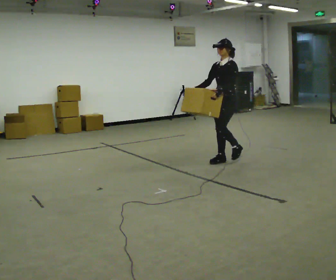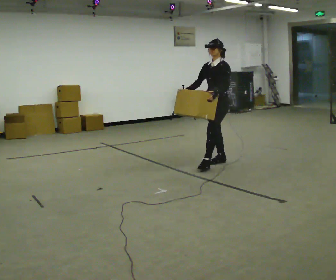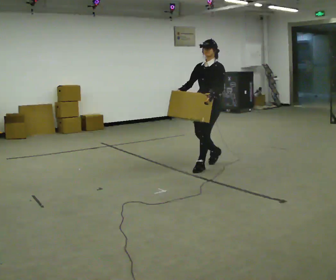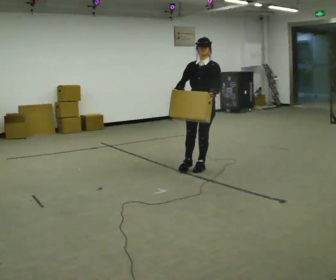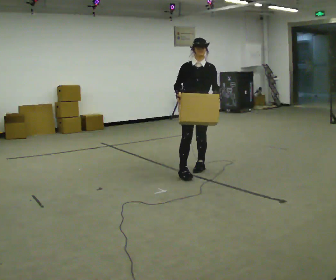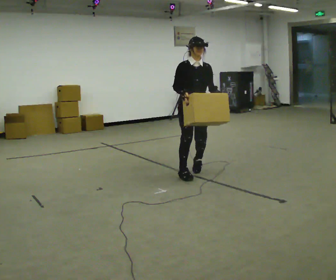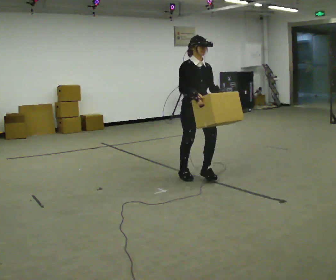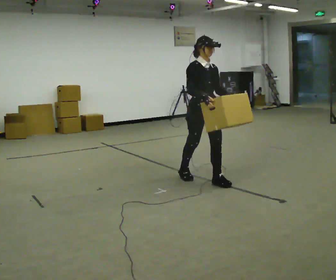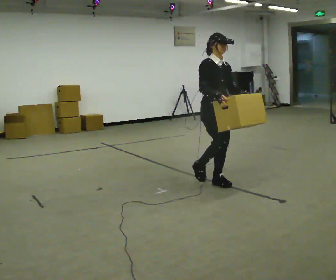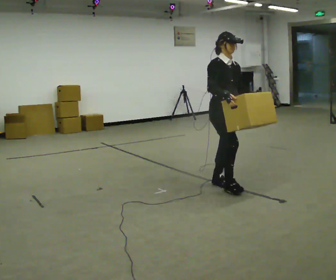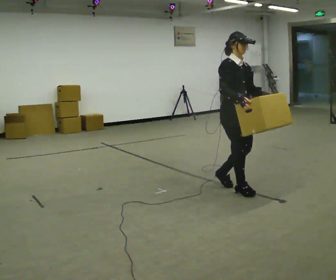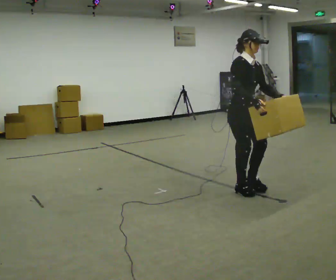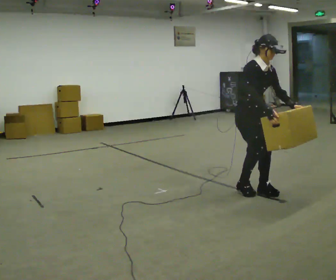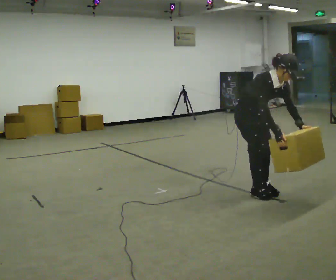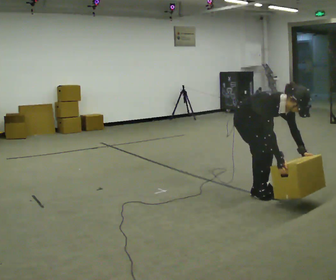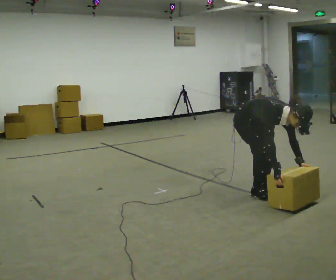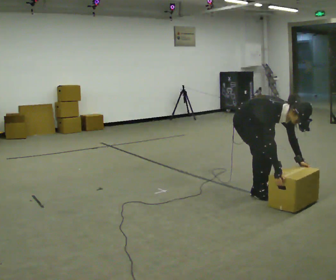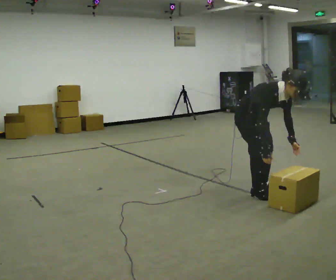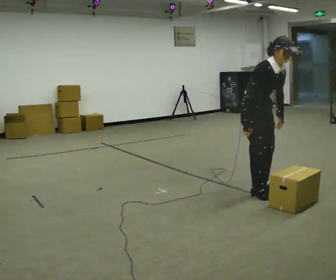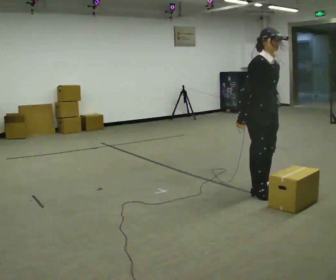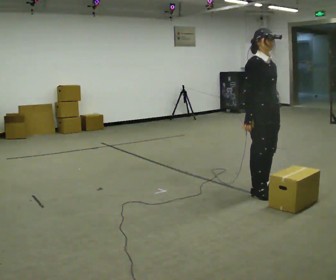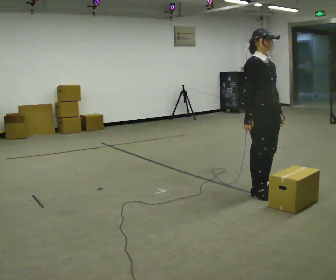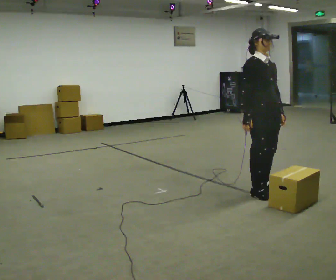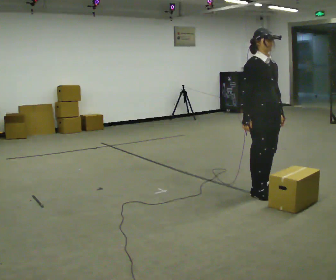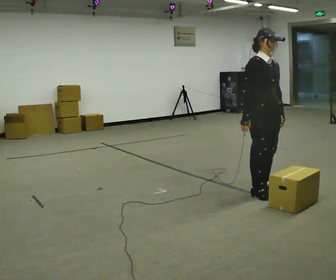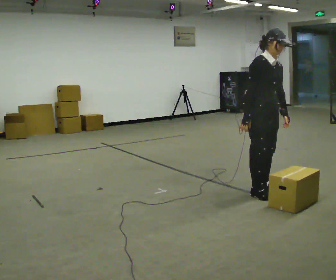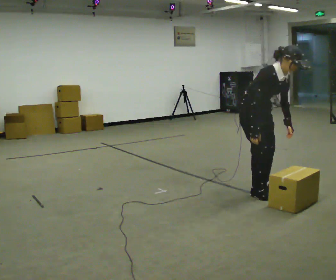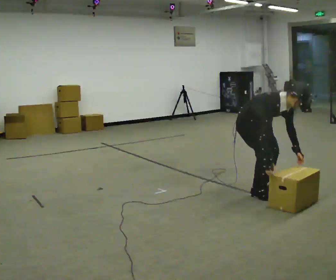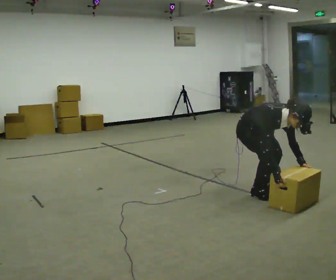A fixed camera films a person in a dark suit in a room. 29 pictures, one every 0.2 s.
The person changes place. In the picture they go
toward the camera.
The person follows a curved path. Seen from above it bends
counterclockwise.
0.0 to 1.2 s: The part of the body nearest the lens slides to the right as the person turns to their left by about 90 degrees. In the picture they go toward the camera, about 1 m in 2 steps.
1.2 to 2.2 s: In the picture they go to the right and toward the camera, about 0.75 m in 2 steps, which for them is forward.
2.2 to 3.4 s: In the picture their left hand goes downward.
3.4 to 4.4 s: The shoulders move upward. In the picture the upper body tilts counterclockwise, shoulders to the left, as they lean back or straighten.
4.4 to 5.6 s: The shoulders move downward. In the picture the upper body tilts clockwise, shoulders to the right, as they bend forward. In the picture their right hand goes downward.
The film runs forward here.
